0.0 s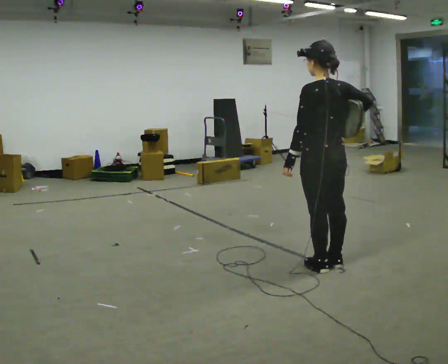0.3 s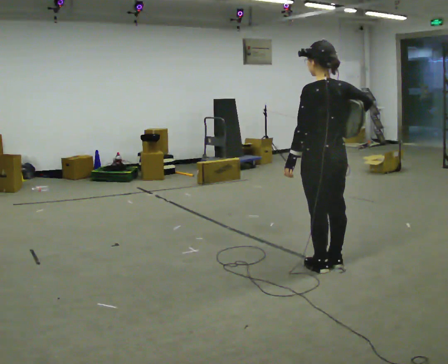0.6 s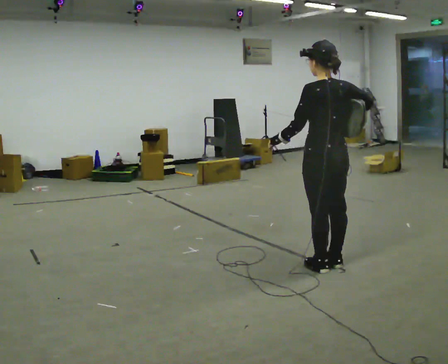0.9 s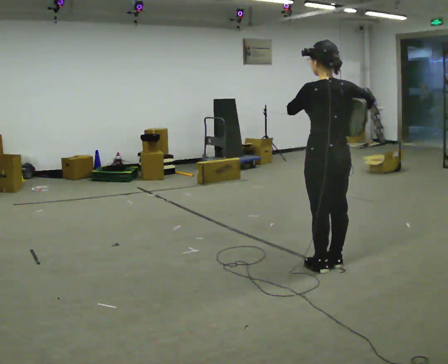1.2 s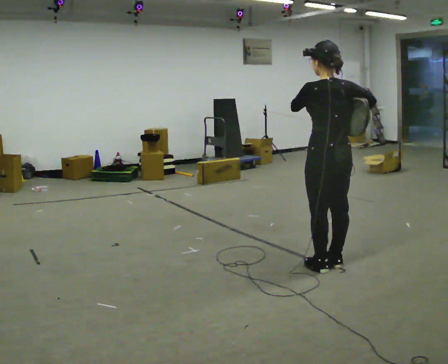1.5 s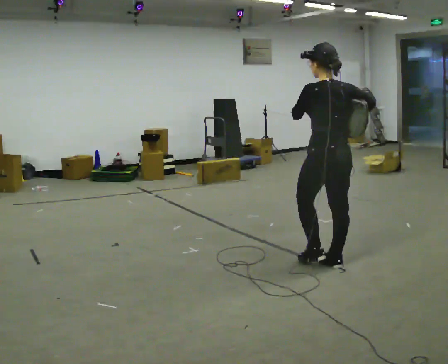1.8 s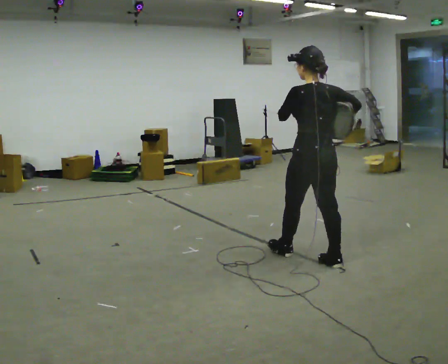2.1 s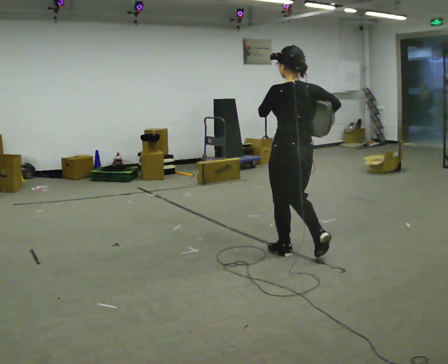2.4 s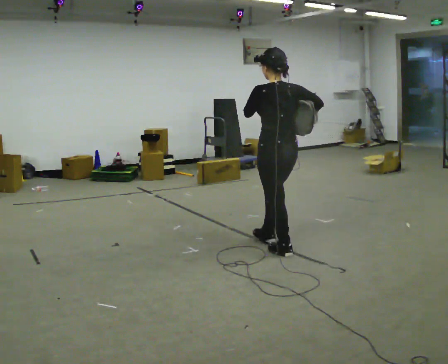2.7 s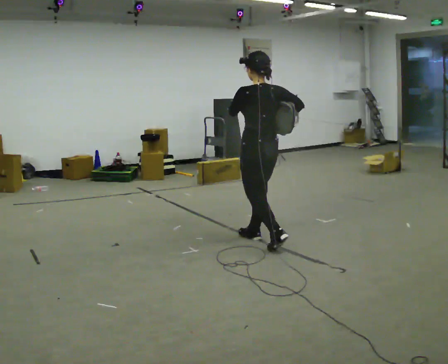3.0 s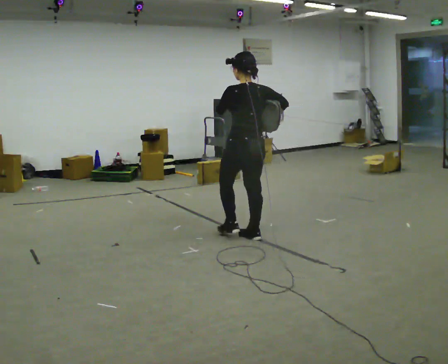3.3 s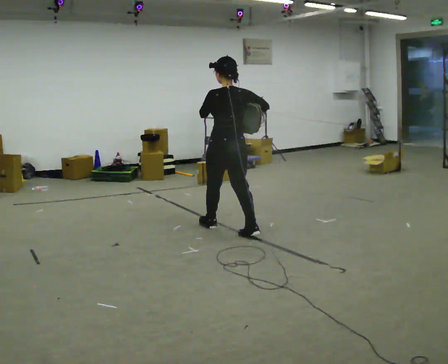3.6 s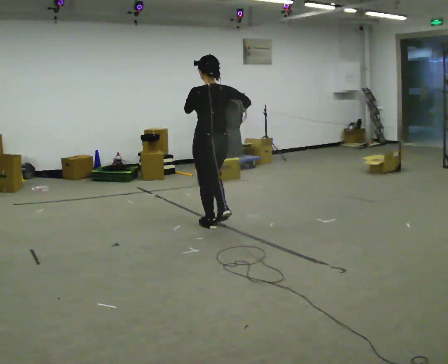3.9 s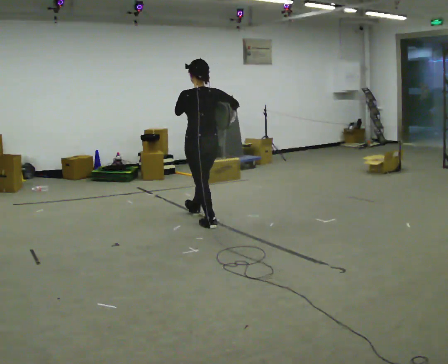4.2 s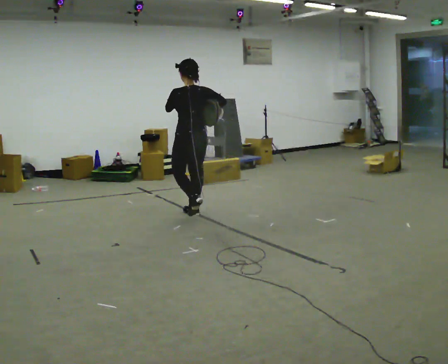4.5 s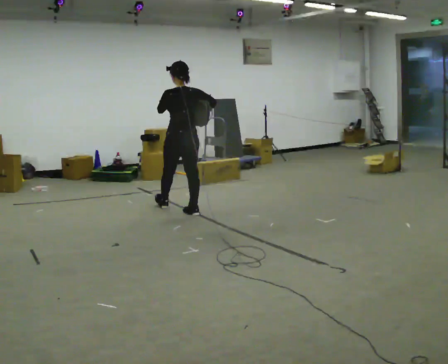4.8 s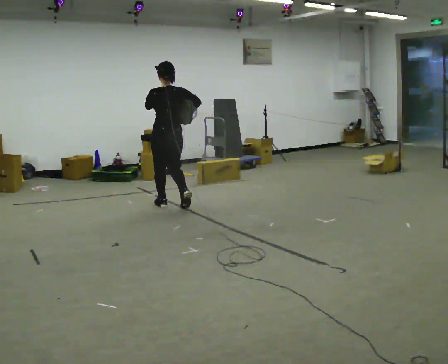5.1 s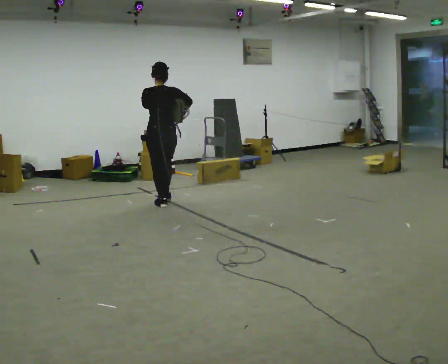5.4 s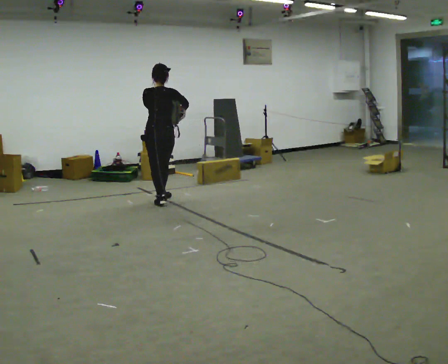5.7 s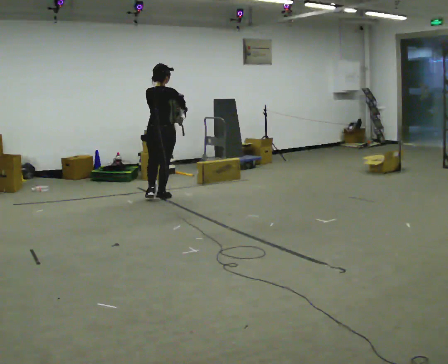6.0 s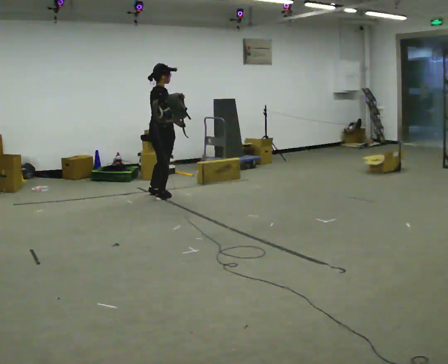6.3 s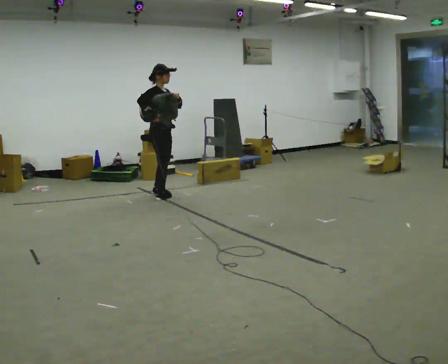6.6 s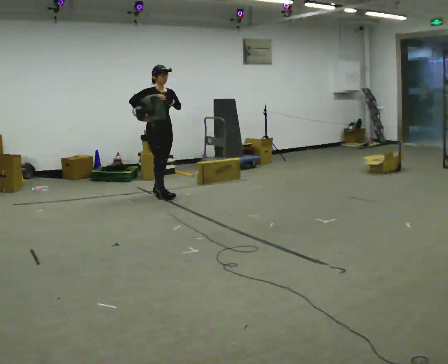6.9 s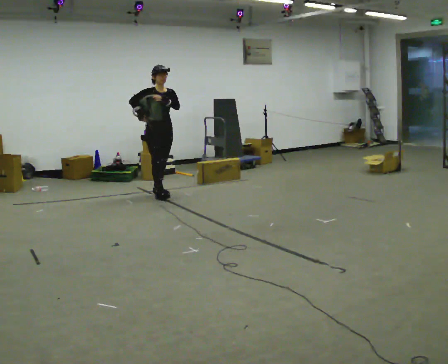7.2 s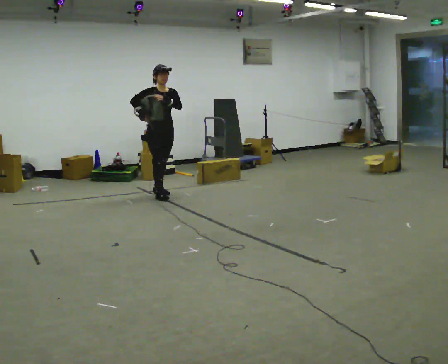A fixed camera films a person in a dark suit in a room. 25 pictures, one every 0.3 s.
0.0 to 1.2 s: In the picture their left hand goes upward.
1.2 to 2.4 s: In the picture they go away from the camera and to the left, about 0.5 m in 1 step, which for them is forward.
2.4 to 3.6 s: In the picture they go away from the camera and to the left, about 1 m in 2 steps, which for them is forward.
3.6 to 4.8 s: In the picture they go away from the camera and to the left, about 1 m in 2 steps, which for them is forward.
4.8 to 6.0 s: Seen from above the body turns clockwise, about 75 degrees: to their right, with its near side sliding to the left. In the picture they go away from the camera and to the left, about 0.5 m in 1 step.
6.0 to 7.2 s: The person turns about 90 degrees to their right, clockwise seen from above, so the part of the body nearest the lens slides to the left.
The film runs forward here.
